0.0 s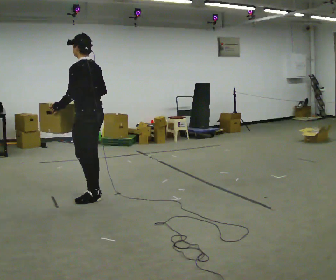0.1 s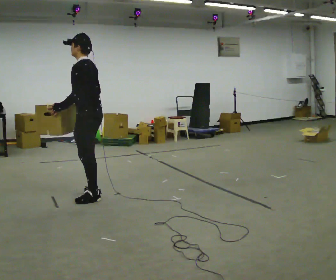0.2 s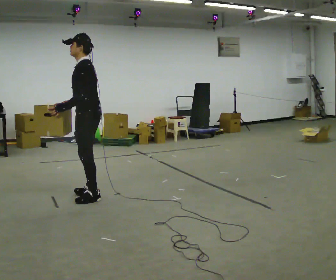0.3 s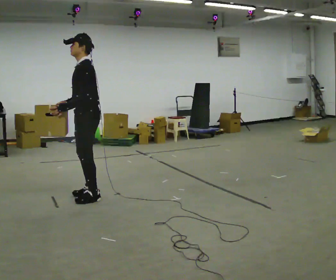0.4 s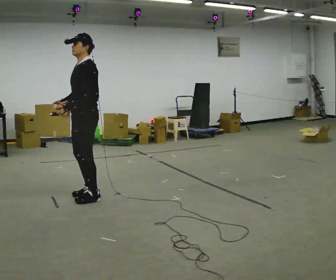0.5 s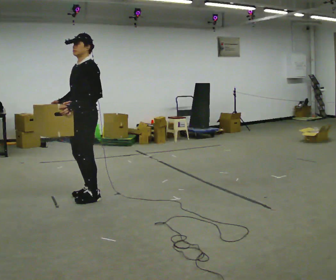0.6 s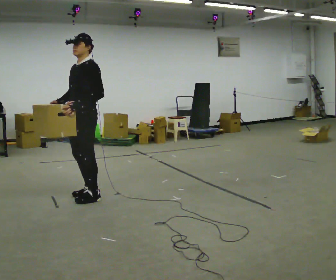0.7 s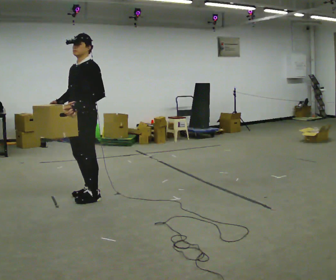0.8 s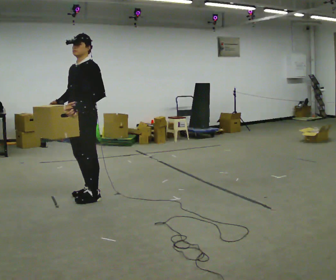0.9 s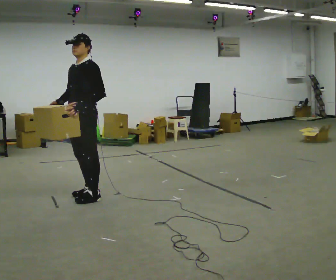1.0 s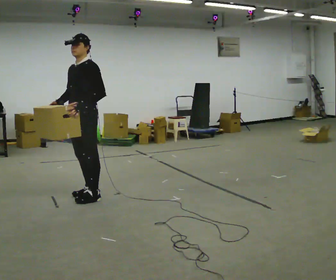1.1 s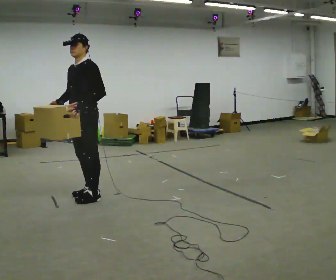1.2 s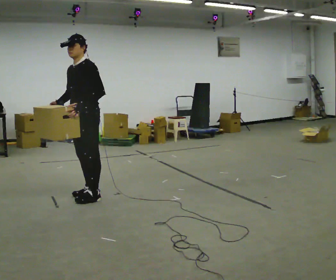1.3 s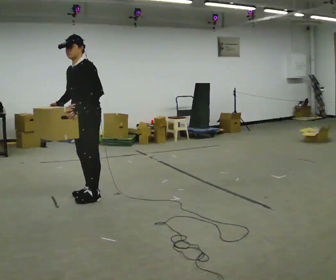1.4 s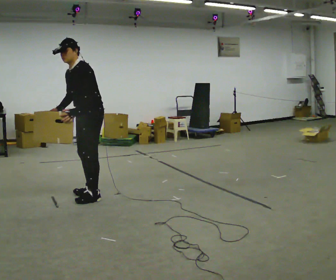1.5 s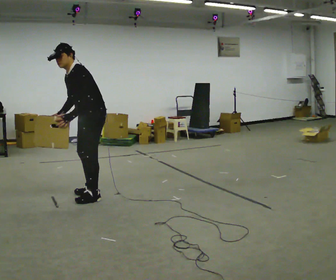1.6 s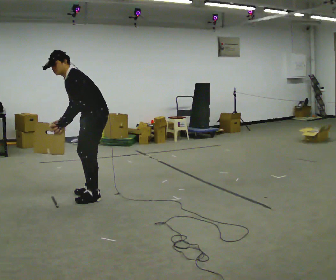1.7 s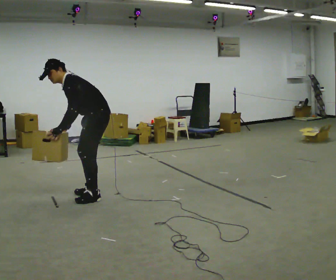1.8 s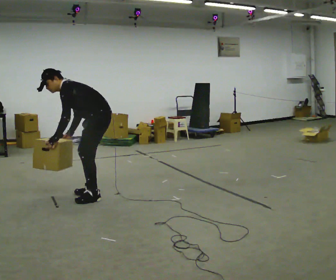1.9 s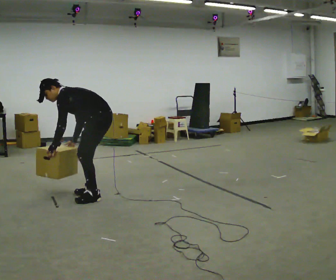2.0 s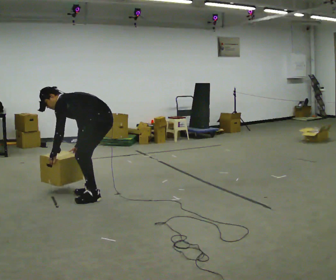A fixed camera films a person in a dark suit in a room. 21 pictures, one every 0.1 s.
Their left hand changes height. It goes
downward.
The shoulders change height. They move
downward.
0.0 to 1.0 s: Seen from above the body turns counterclockwise, about 75 degrees: to their left, with its near side sliding to the right. In the picture their left hand goes to the right, the arm swinging counterclockwise.
1.0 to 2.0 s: The person turns about 45 degrees to their right, clockwise seen from above, so the part of the body nearest the lens slides to the left. In the picture they go to the right, about 0.25 m, which for them is backward. The upper body goes downward. In the picture the upper body tilts counterclockwise, shoulders to the left, as they bend forward. In the picture their right hand goes downward.
The film runs backward here.
